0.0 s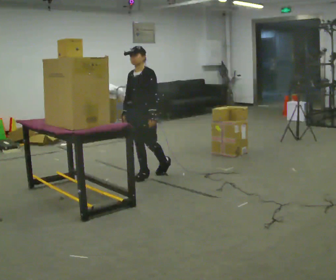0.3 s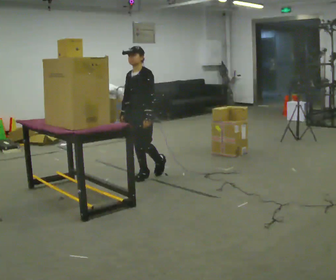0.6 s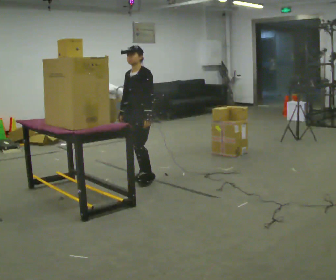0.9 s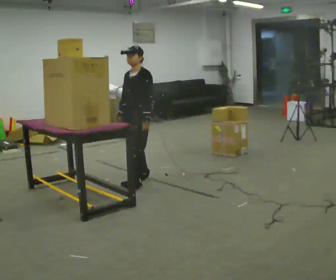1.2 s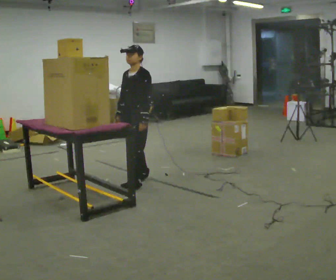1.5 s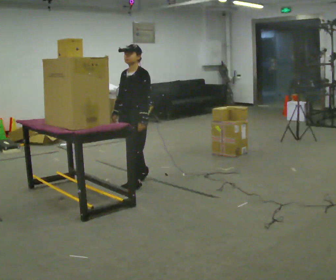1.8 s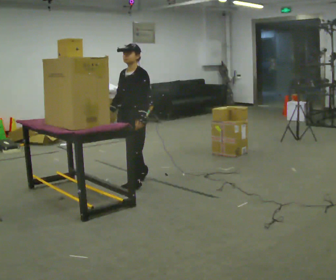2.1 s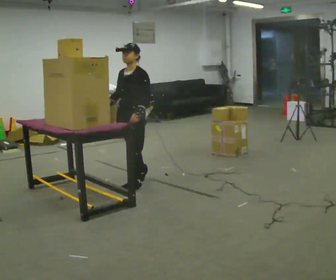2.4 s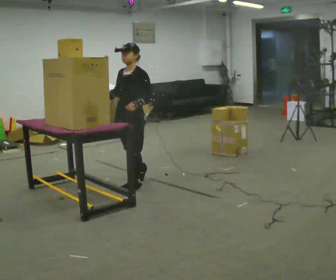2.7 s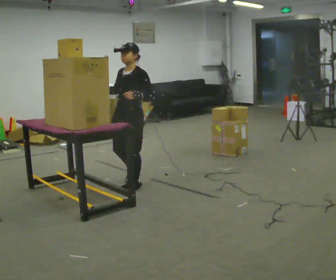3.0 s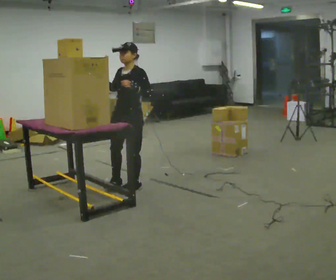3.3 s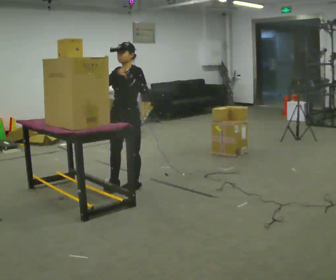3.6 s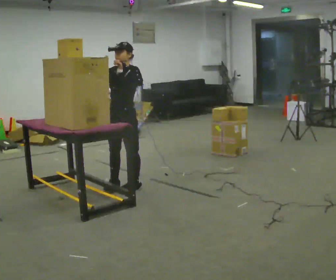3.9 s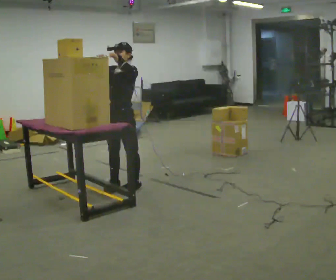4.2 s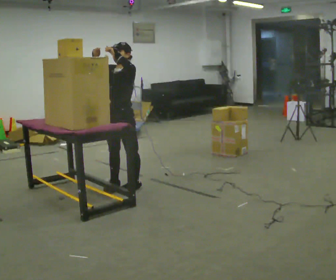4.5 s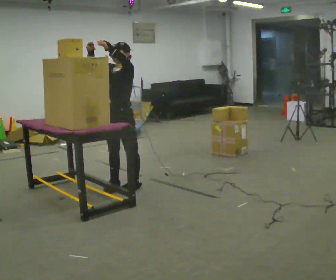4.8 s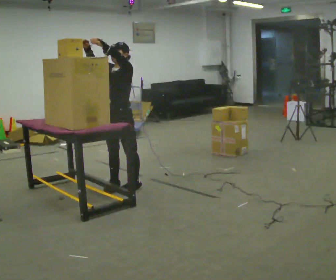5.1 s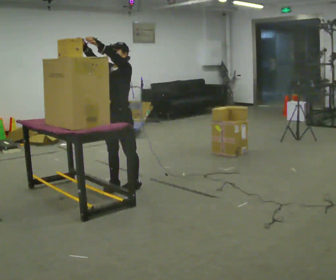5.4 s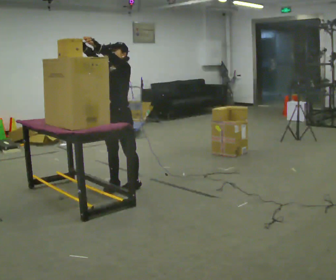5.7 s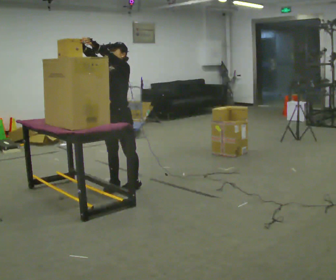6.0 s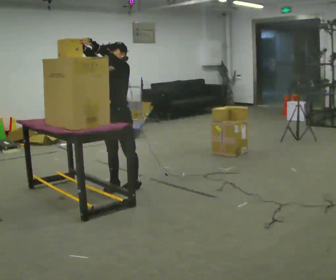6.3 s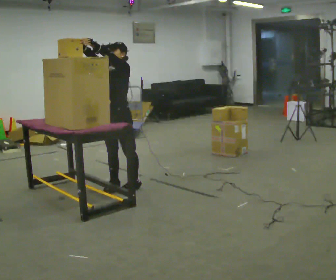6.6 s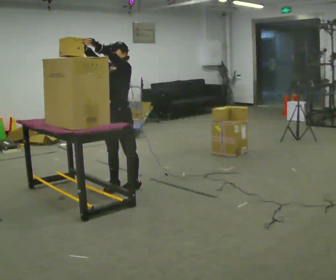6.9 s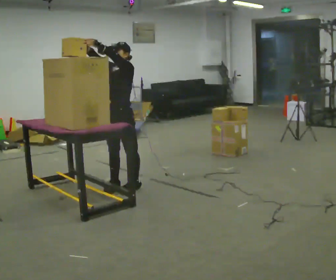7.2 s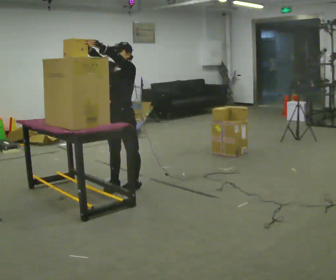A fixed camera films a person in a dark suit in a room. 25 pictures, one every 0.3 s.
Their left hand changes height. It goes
upward.
Their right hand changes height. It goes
upward.
0.0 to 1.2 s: In the picture they go toward the camera, about 0.25 m in 1 step, which for them is forward.
1.2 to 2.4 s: In the picture they go toward the camera, about 0.25 m, which for them is forward.
2.4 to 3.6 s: In the picture their left hand goes upward.
3.6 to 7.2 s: The person moves a little, or ends about where they began.
The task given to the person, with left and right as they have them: Take an object down from the highest shelf you can comfortably reach, carry it across, and place it on the waist-height shelf. Keep going until the operator says stop; one object at a time, and do not rush between trips.
The film runs forward here.
